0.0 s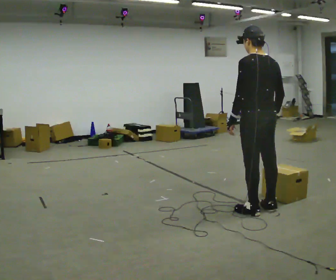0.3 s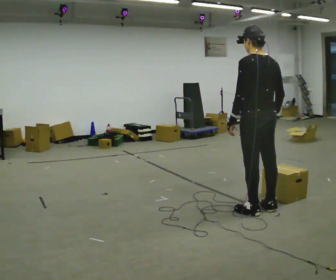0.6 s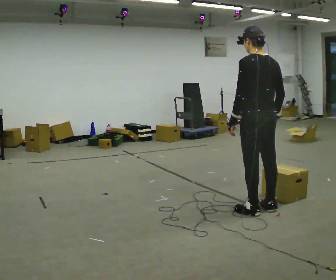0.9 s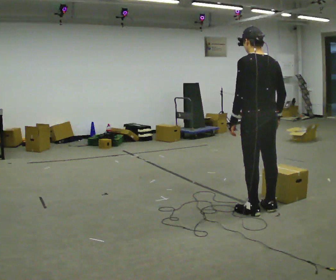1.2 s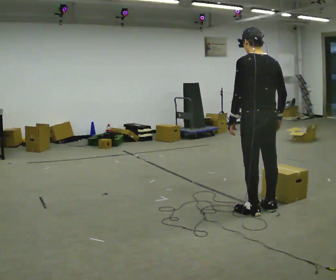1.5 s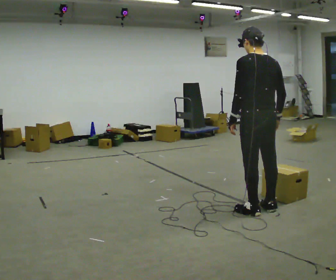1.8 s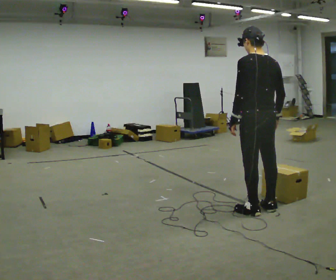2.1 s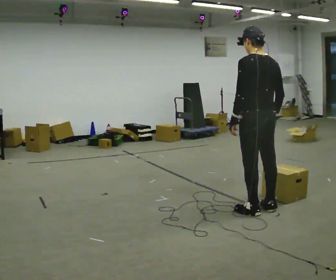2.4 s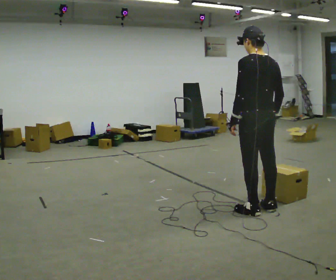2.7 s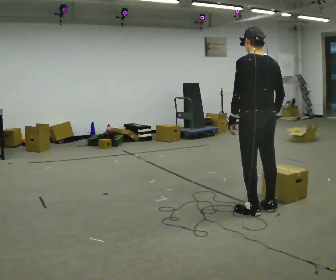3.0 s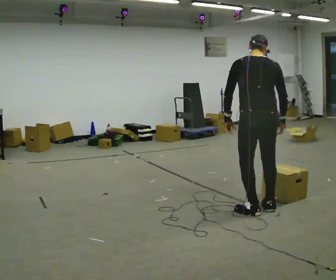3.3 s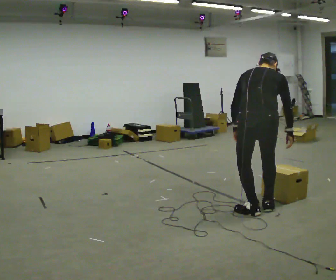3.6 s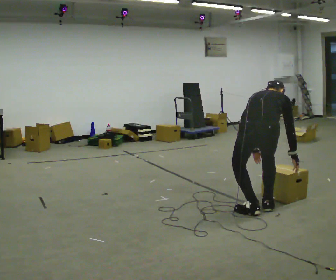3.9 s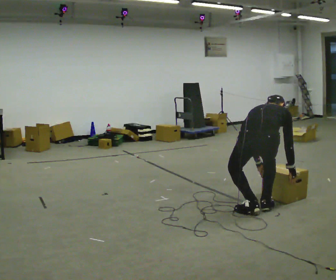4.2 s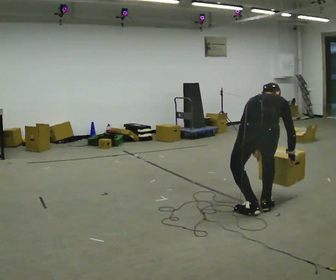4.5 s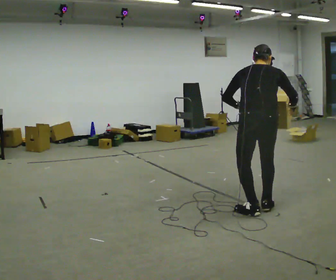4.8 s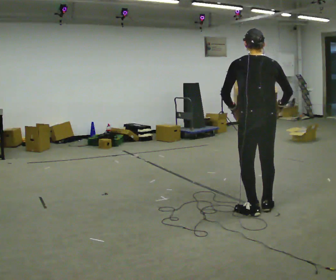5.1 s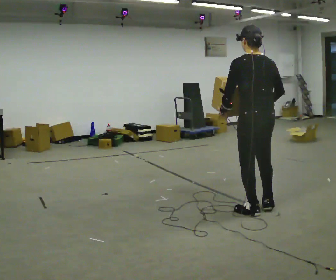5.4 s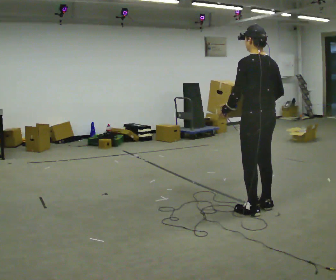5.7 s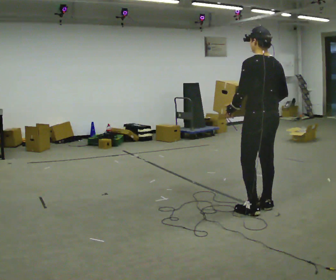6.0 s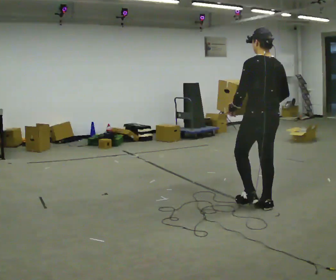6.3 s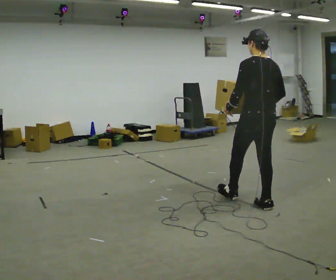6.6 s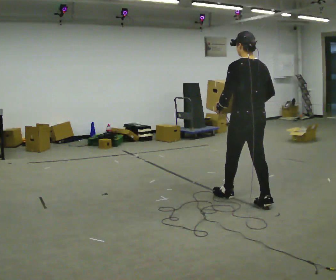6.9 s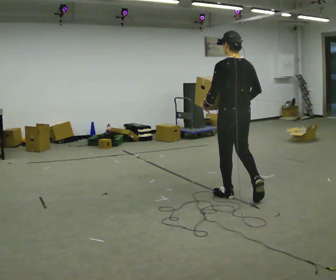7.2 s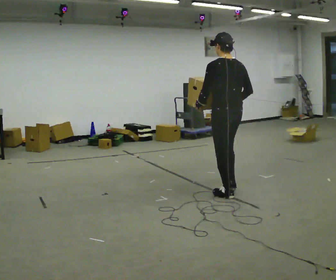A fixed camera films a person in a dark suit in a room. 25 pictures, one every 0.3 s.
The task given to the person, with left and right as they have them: Carry the heaviest box in both hands in front of you, walking back and forth across the room. Only carry what is comfortable. Set it down whenever you need to.
0.0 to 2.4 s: The person moves a little, or ends about where they began.
2.4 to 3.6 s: The person turns about 45 degrees to their right, clockwise seen from above, so the part of the body nearest the lens slides to the left. The upper body goes downward. The upper body tips away from the camera, its near side rolling upward, as they bend forward. In the picture their right hand goes downward.
3.6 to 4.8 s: The upper body tips toward the camera, its near side rolling downward, as they lean back or straighten. In the picture their right hand goes upward.
4.8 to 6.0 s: In the picture they go away from the camera, about 0.25 m, which for them is to their right.
6.0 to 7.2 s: In the picture they go away from the camera and to the left, about 0.5 m in 1 step, which for them is forward.
The film runs forward here.
